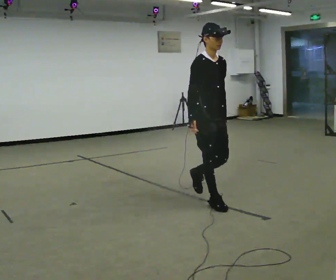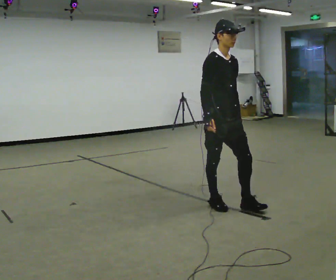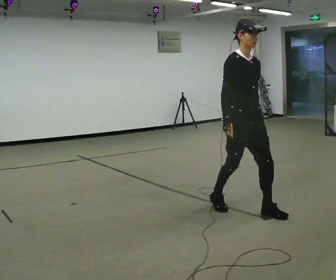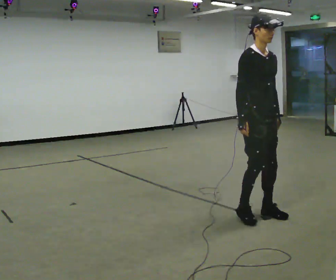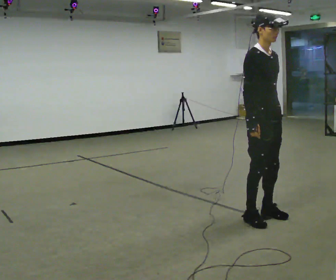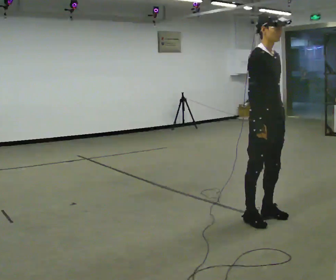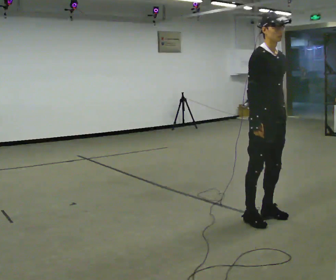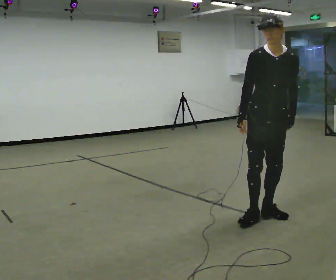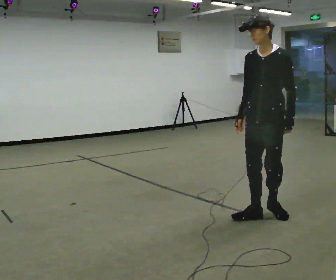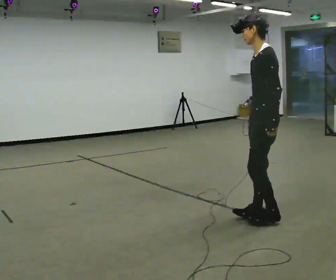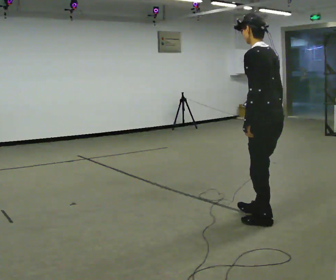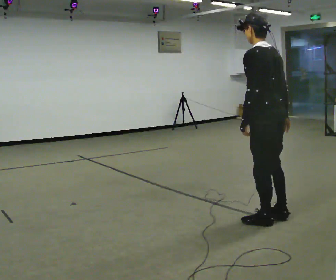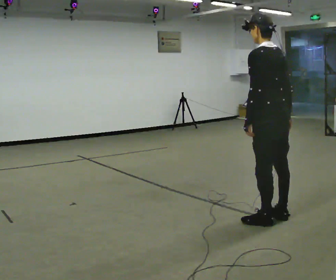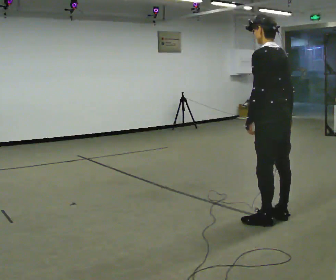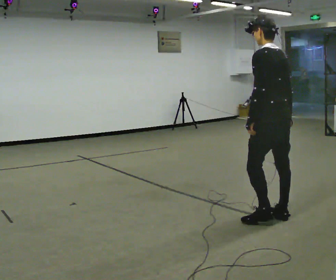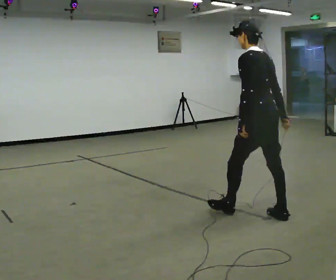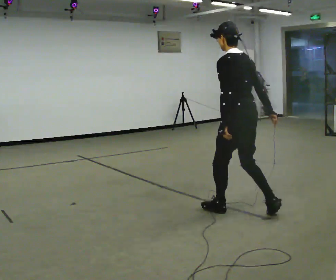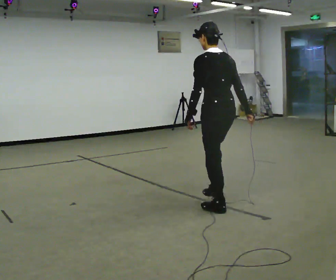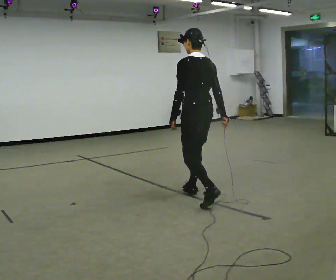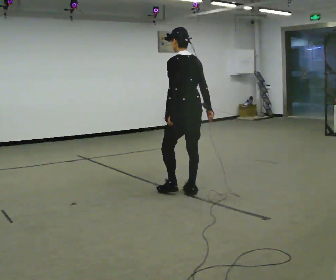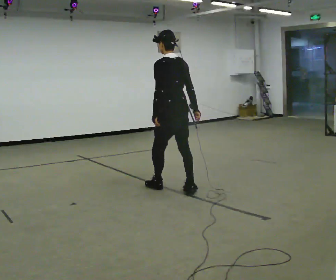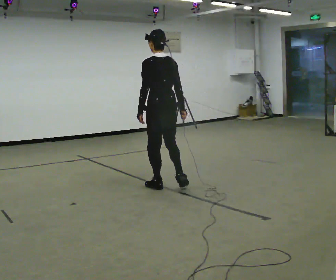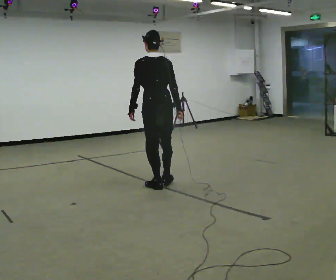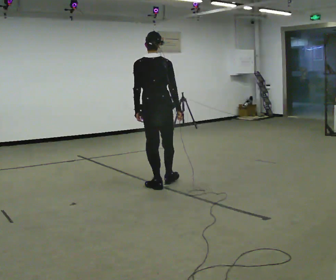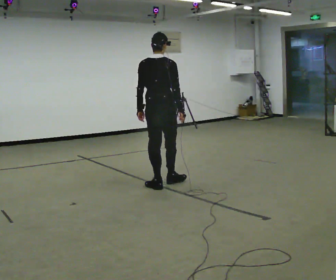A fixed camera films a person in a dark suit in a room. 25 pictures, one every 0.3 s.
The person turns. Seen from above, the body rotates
clockwise.
The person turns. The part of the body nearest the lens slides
to the left.
0.0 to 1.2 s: In the picture they go to the right and toward the camera, about 0.75 m in 2 steps, which for them is forward.
1.2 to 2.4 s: The person turns about 90 degrees to their right, clockwise seen from above, so the part of the body nearest the lens slides to the left.
2.4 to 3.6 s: The person turns about 105 degrees to their right, clockwise seen from above, so the part of the body nearest the lens slides to the left. In the picture their right hand goes to the right, the arm swinging counterclockwise.
3.6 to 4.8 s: In the picture they go to the left and away from the camera, about 0.25 m in 1 step, which for them is forward.
4.8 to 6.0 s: In the picture they go away from the camera and to the left, about 1 m in 2 steps, which for them is forward.
6.0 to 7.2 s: The person turns about 45 degrees to their right, clockwise seen from above, so the part of the body nearest the lens slides to the left. In the picture they go to the left and away from the camera, about 0.25 m in 1 step, which for them is forward.
The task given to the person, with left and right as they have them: Walk normally; turn left/right while slowing; after turn accelerate back to normal.
The film runs forward here.
